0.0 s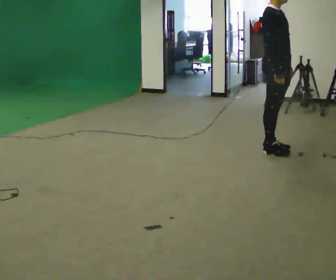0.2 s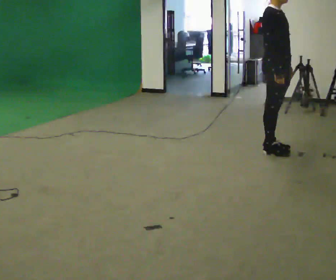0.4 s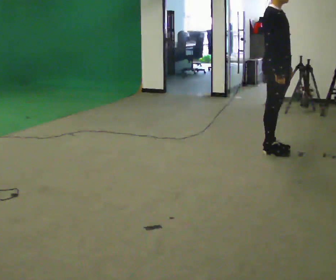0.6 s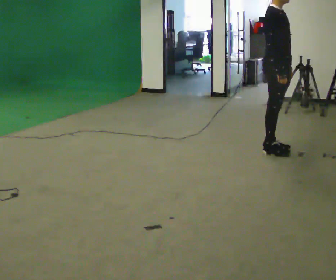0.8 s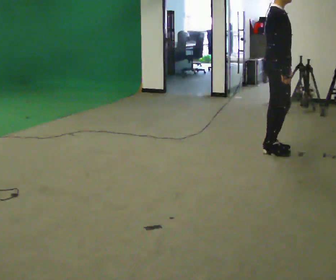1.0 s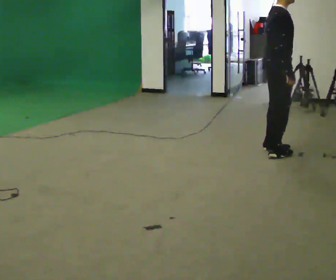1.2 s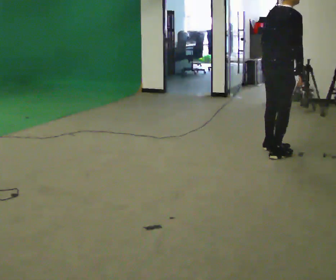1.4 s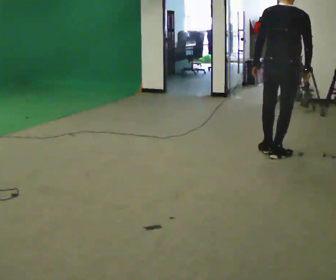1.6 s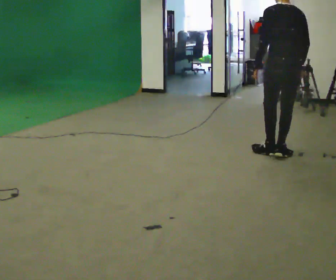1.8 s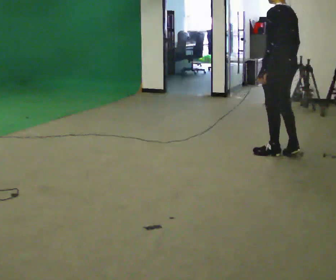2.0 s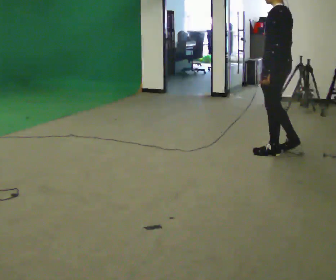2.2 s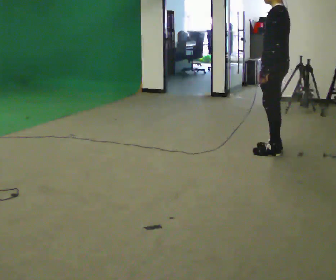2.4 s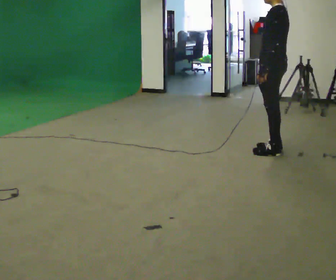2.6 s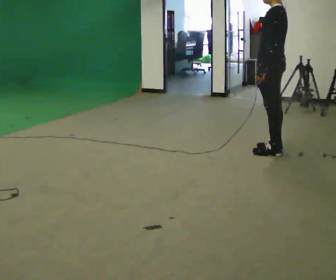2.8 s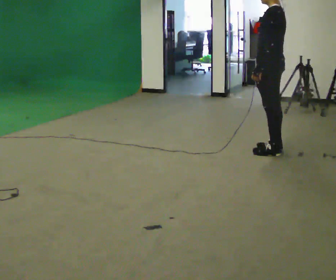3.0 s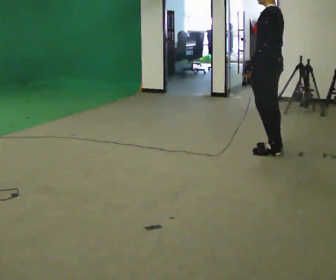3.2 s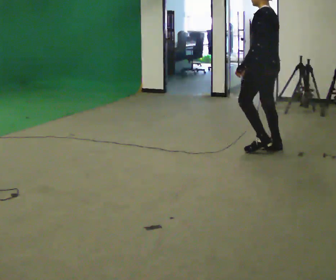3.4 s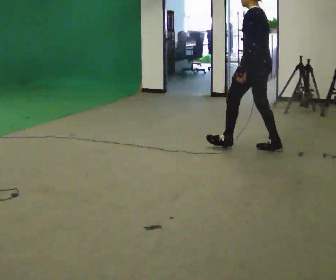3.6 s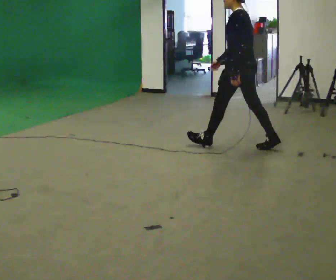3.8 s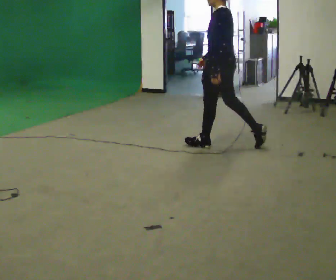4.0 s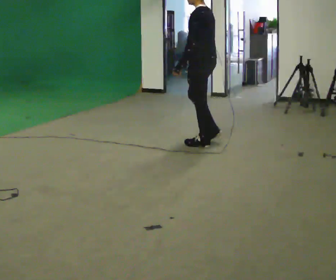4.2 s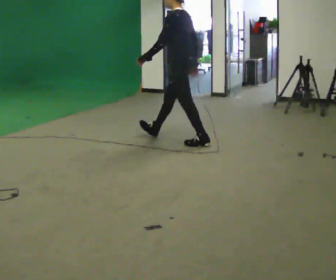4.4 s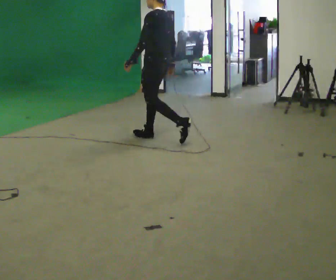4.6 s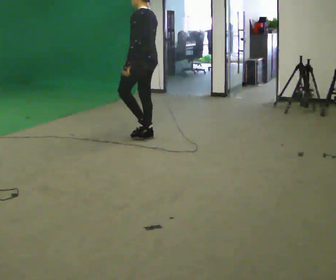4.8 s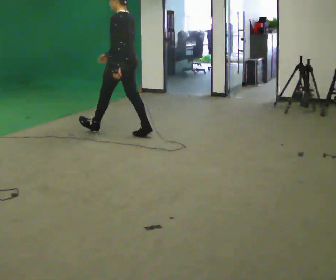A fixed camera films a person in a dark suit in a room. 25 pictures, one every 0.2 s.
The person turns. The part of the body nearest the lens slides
to the right.
The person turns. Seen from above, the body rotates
counterclockwise.
0.0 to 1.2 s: The part of the body nearest the lens slides to the right as the person turns to their left by about 60 degrees.
1.2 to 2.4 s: Seen from above the body turns counterclockwise, about 135 degrees: to their left, with its near side sliding to the right.
2.4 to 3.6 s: In the picture they go to the left, about 0.25 m, which for them is forward.
3.6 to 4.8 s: In the picture they go to the left, about 1.5 m in 2 steps, which for them is forward.
The film runs forward here.
